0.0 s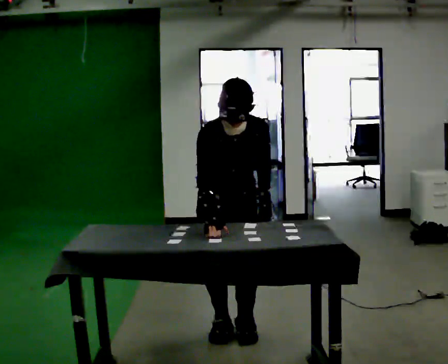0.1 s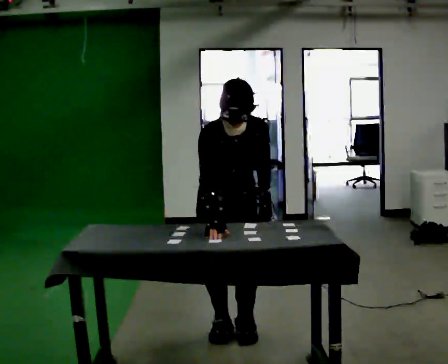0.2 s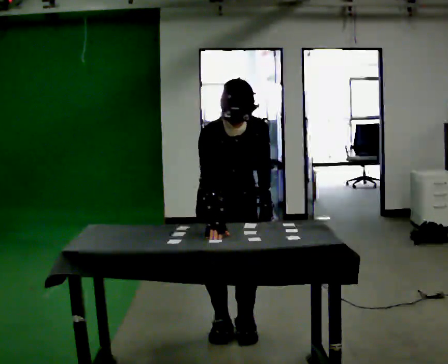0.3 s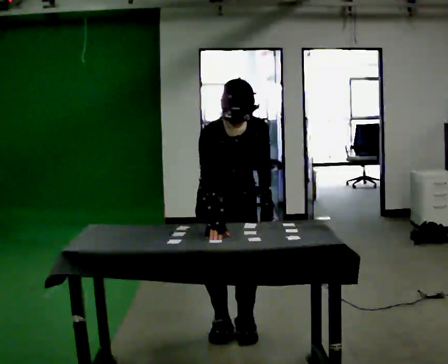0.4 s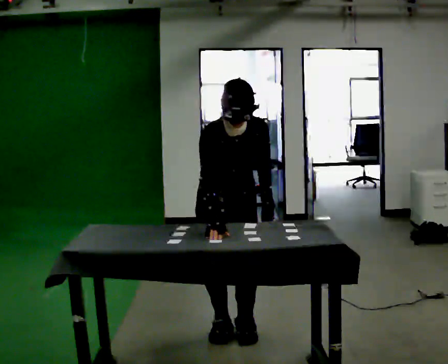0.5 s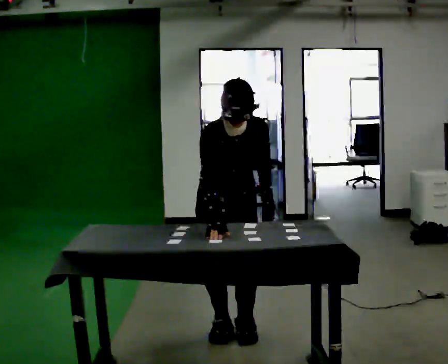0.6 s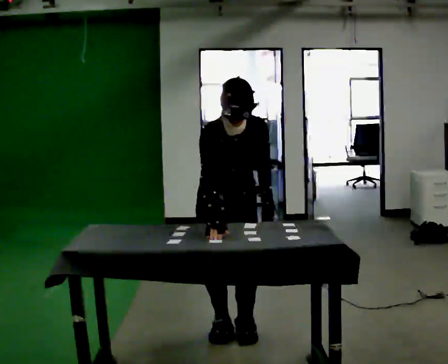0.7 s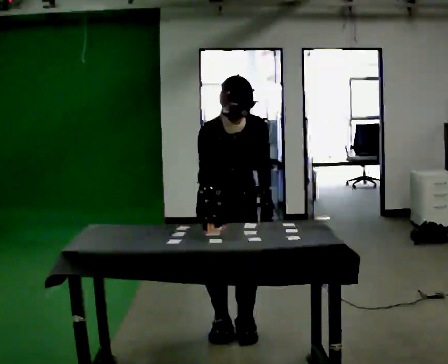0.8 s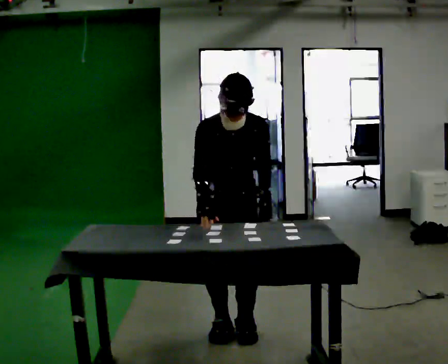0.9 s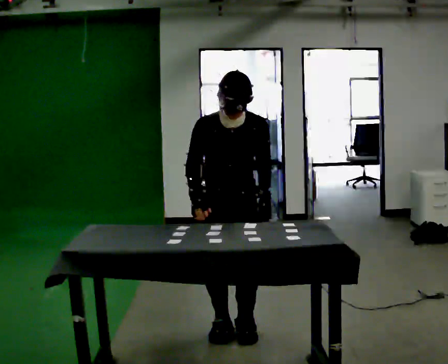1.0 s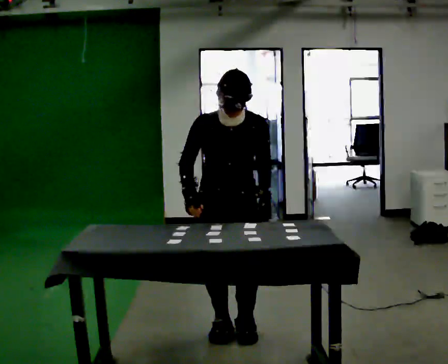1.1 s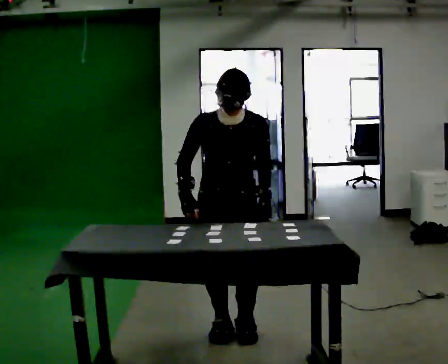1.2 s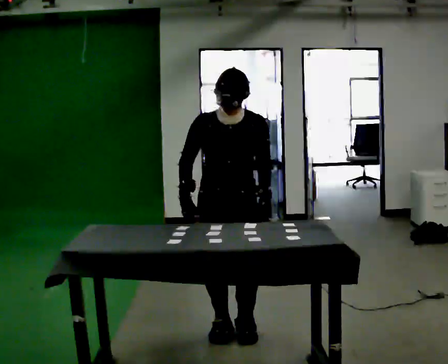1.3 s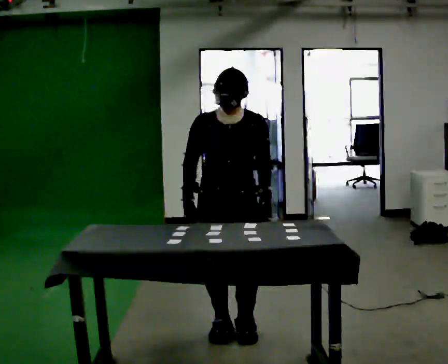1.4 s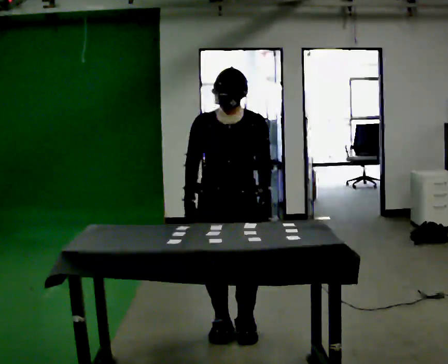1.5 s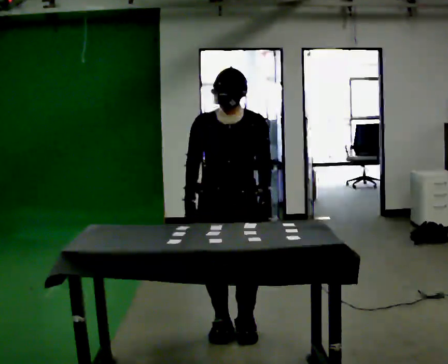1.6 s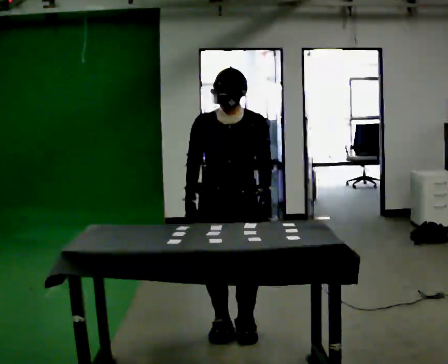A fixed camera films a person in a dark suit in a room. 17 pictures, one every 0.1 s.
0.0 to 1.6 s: The upper body tips away from the camera, its near side rolling upward, as they lean back or straighten.
The film runs backward here.
